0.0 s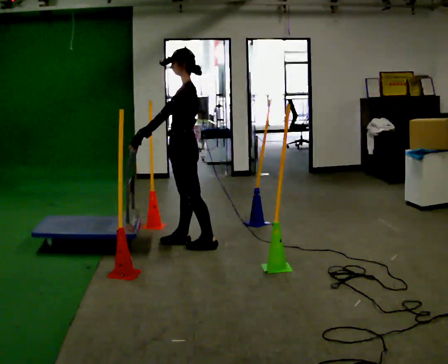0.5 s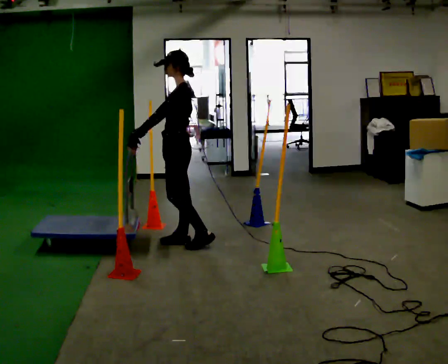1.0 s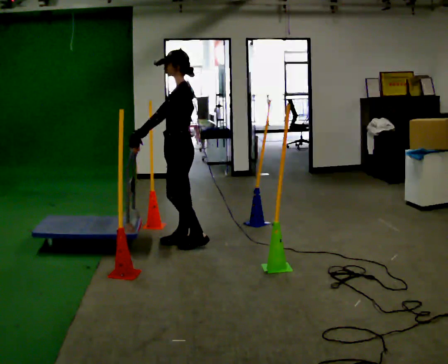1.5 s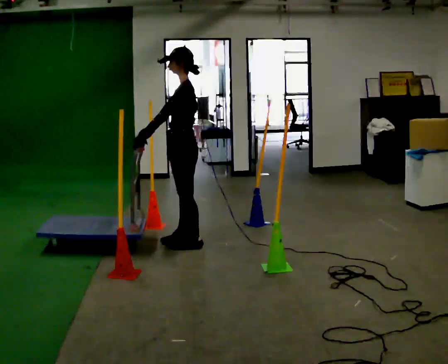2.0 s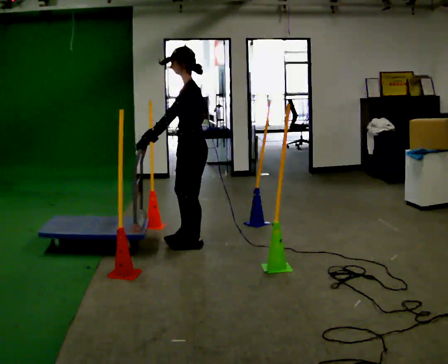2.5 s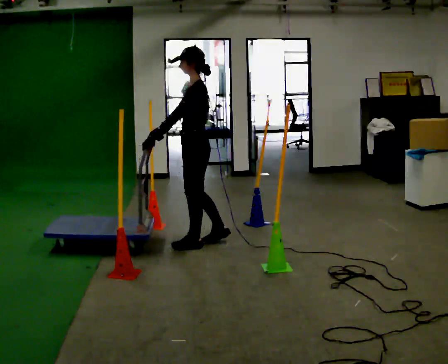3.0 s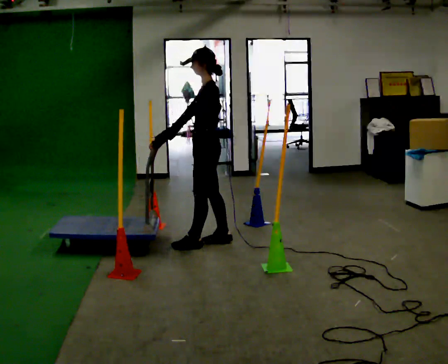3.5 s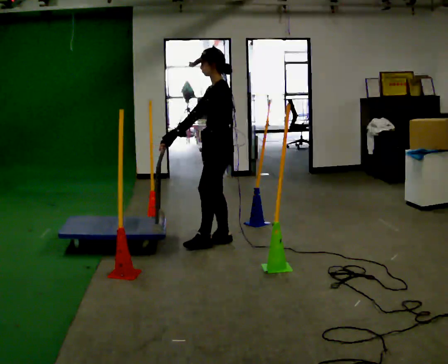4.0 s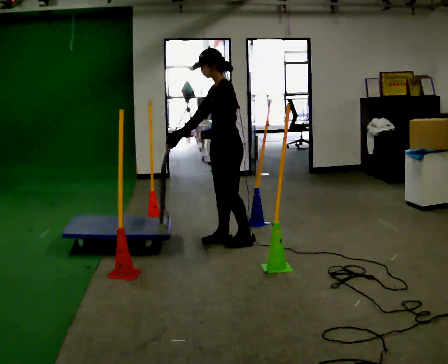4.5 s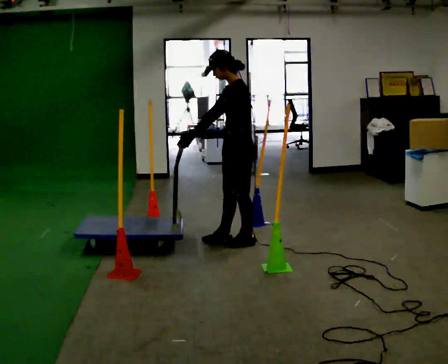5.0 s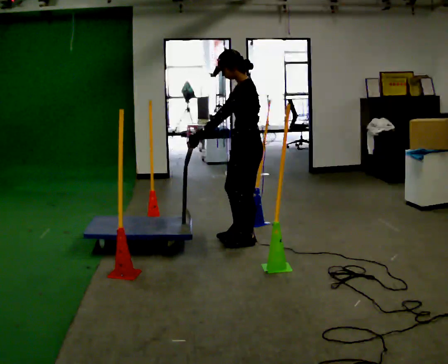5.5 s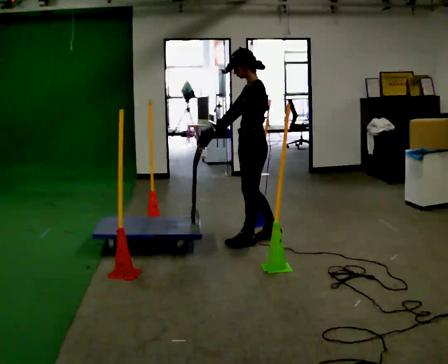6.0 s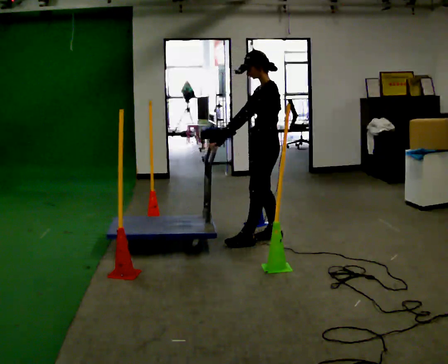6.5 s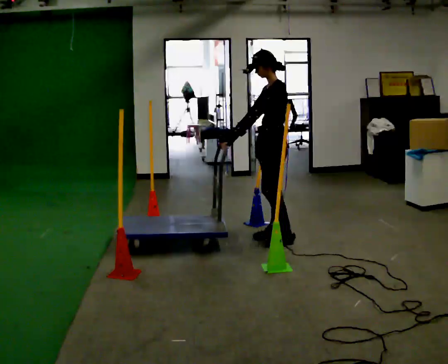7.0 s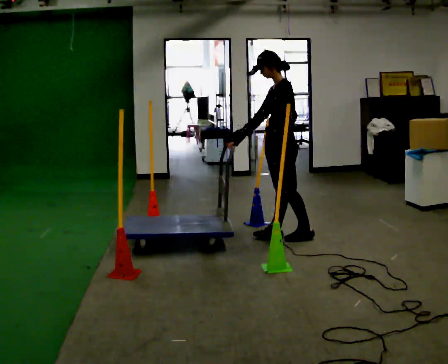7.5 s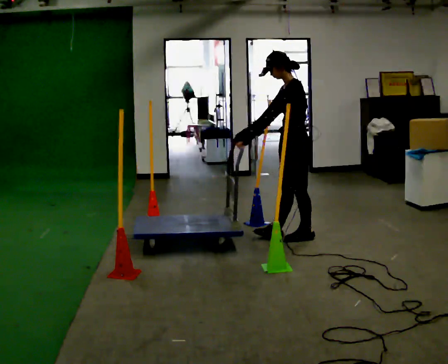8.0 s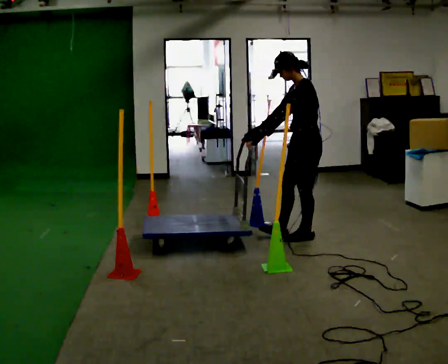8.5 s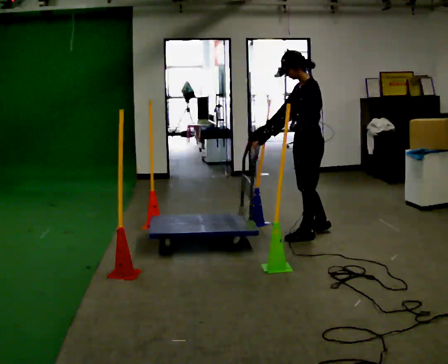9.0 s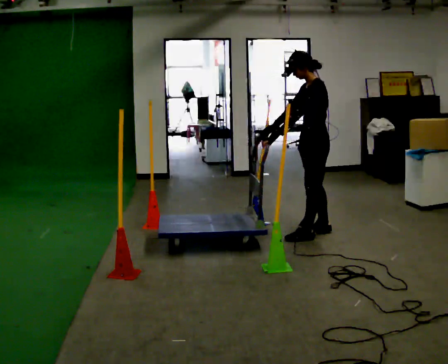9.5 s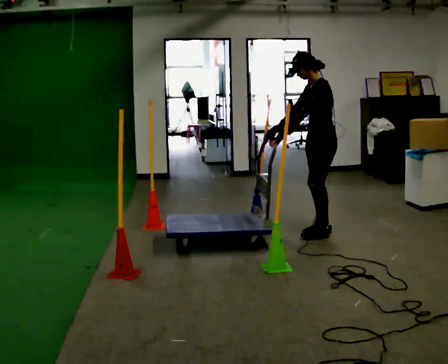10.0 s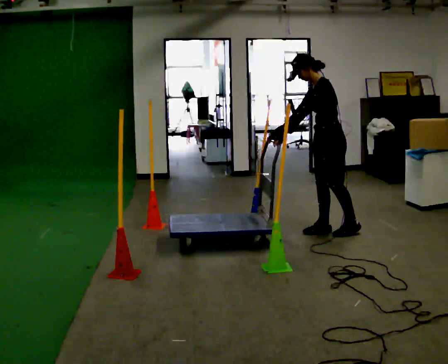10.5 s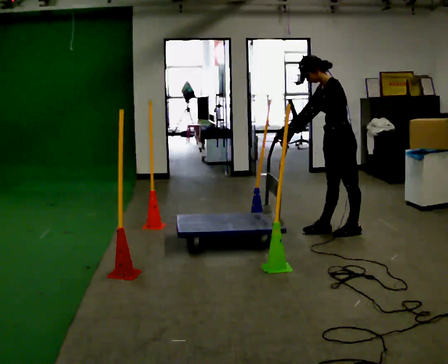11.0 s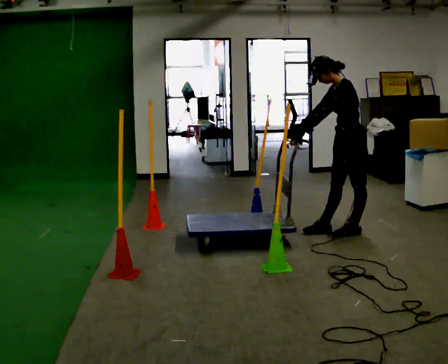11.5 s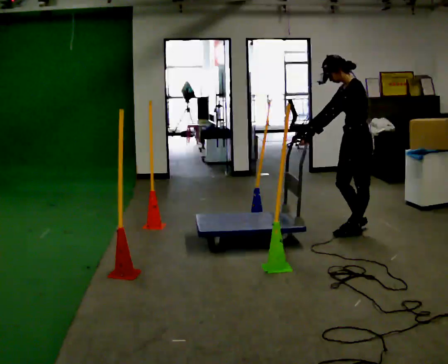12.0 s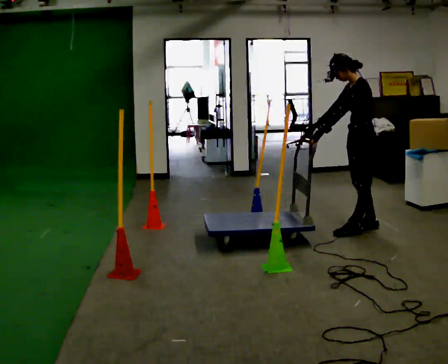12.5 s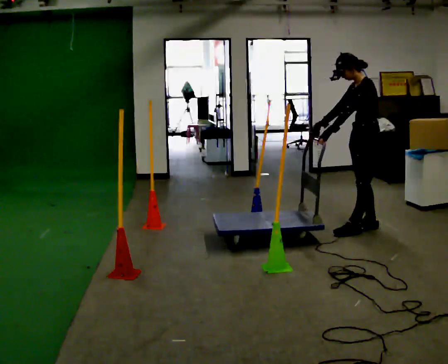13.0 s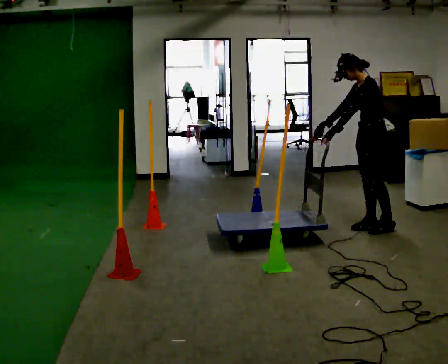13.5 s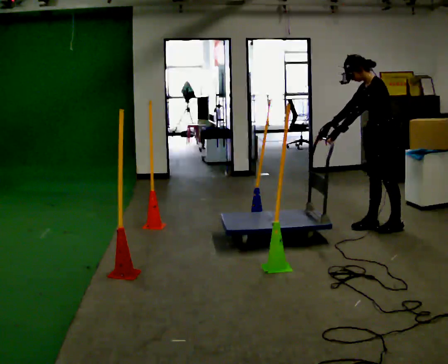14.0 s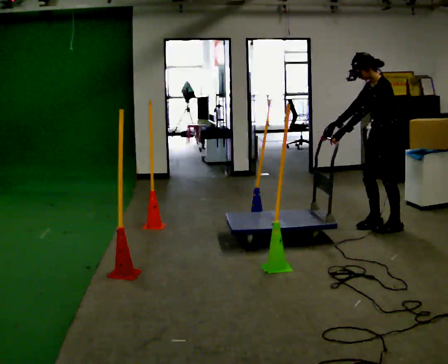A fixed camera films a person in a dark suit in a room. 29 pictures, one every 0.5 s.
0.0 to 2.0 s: The person moves a little, or ends about where they began.
2.0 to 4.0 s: In the picture they go to the right, about 0.25 m in 2 steps, which for them is backward and to their right.
4.0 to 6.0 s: In the picture they go to the right, about 0.25 m in 1 step, which for them is backward.
6.0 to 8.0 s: In the picture they go to the right, about 0.25 m in 1 step, which for them is backward.
8.0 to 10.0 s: In the picture they go to the right and away from the camera, about 0.25 m in 2 steps, which for them is backward and to their right.
10.0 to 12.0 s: In the picture they go to the right, about 0.25 m in 1 step, which for them is backward.
12.0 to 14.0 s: In the picture they go to the right, about 0.25 m in 1 step, which for them is backward.
The film runs forward here.
